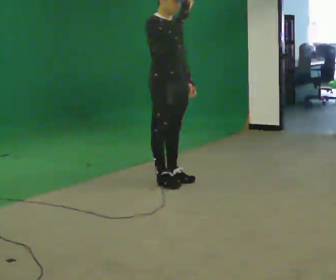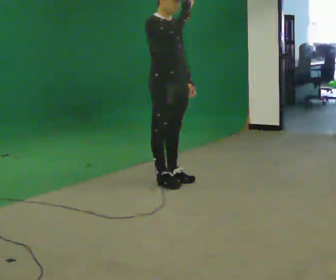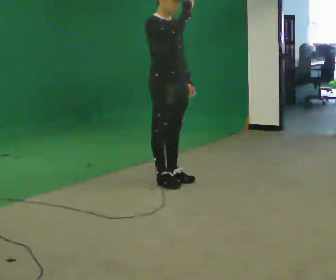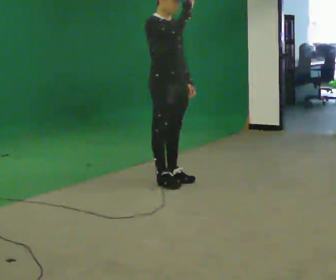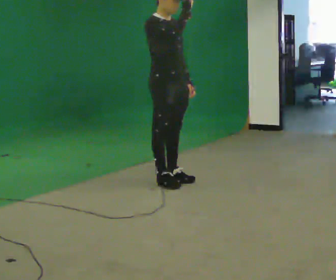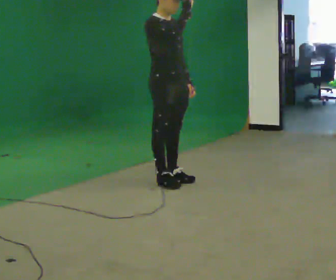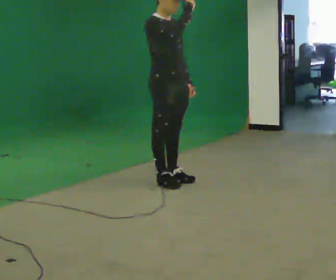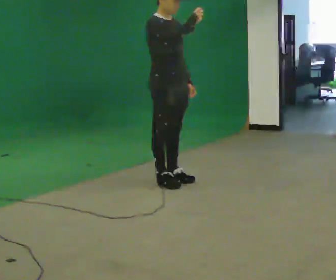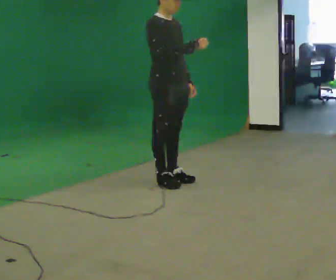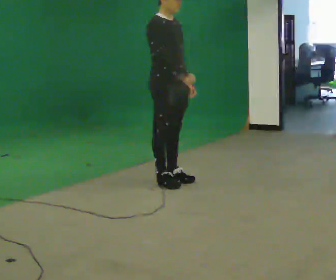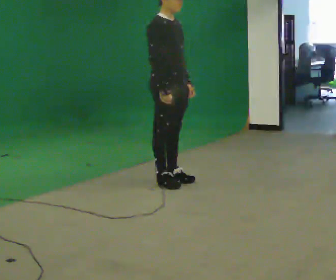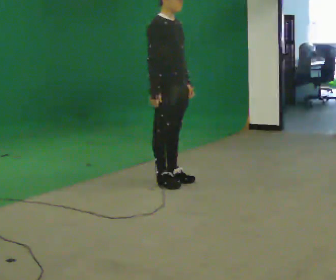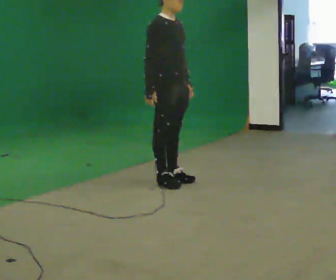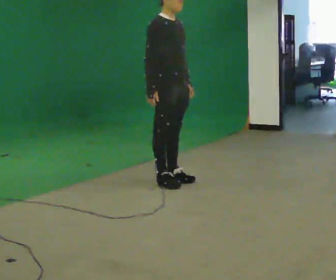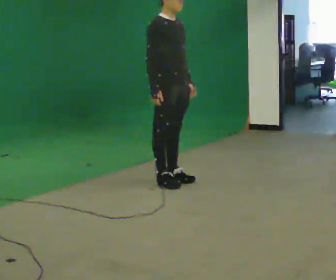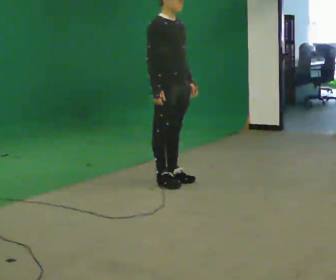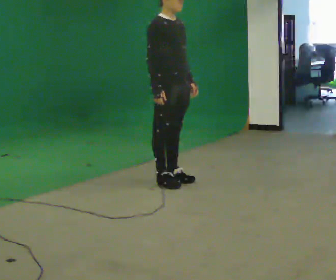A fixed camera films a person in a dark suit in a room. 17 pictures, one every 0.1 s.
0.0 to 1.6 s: In the picture their right hand goes downward.
The film runs forward here.
